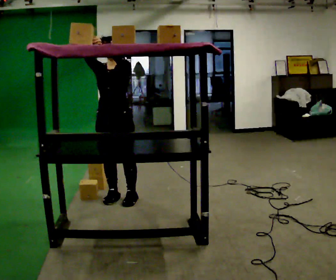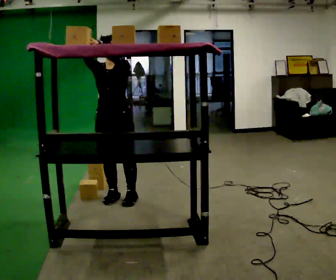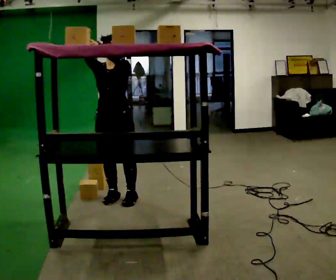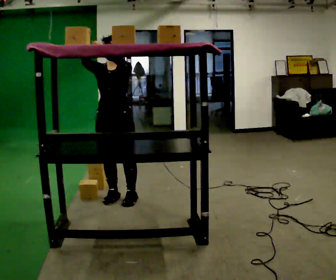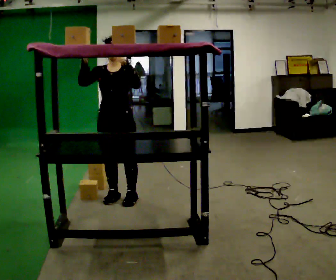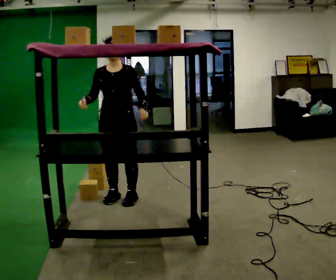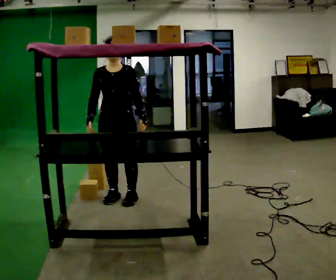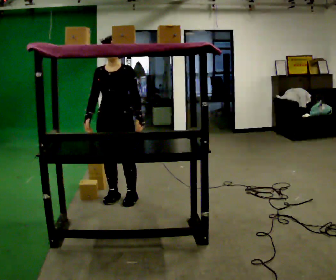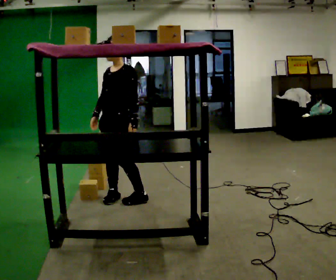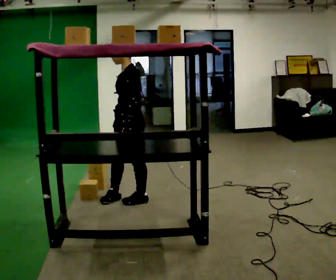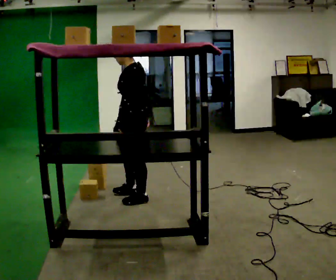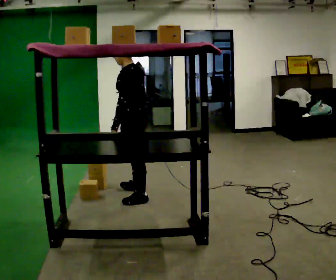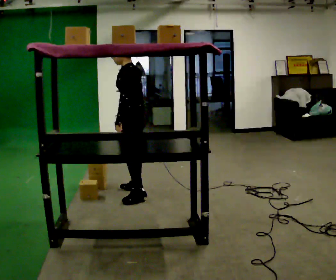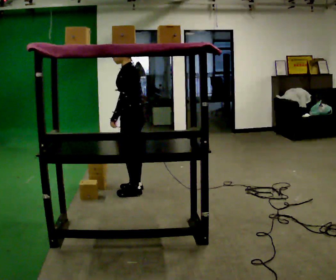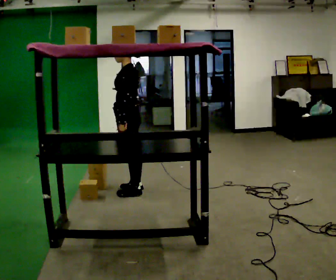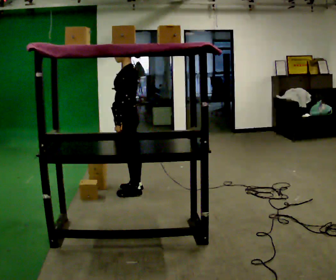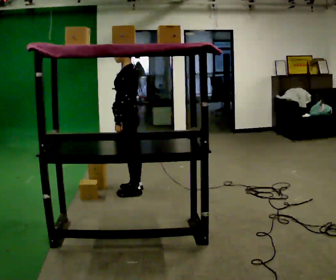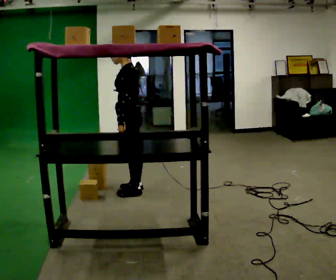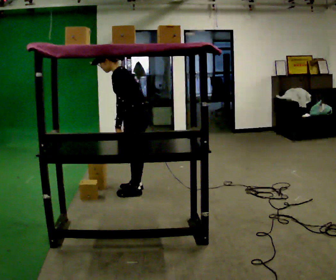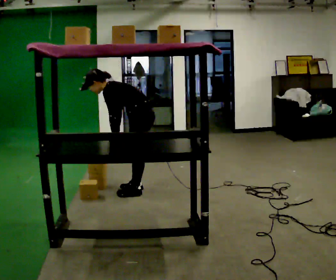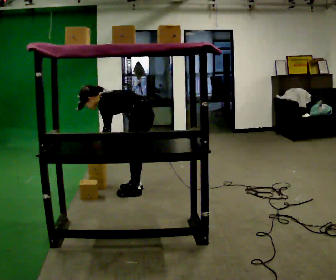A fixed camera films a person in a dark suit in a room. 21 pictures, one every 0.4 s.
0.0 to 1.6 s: The person moves a little, or ends about where they began.
1.6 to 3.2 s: Seen from above the body turns clockwise, about 45 degrees: to their right, with its near side sliding to the left. In the picture their right hand goes downward.
3.2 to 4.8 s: Seen from above the body turns clockwise, about 45 degrees: to their right, with its near side sliding to the left. In the picture they go away from the camera, about 0.25 m in 1 step, which for them is to their right.
4.8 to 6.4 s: The person moves a little, or ends about where they began.
6.4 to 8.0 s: The upper body goes downward. In the picture the upper body tilts counterclockwise, shoulders to the left, as they bend forward. In the picture their left hand goes downward.
The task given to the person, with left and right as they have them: Place the object on the shelf just at the top of your comfortable reach. Repeat at your own pace until the operator says stop. Keep both feet on the marked spots for the whole take. If you have to step, stop and tell the operator.
The film runs forward here.
